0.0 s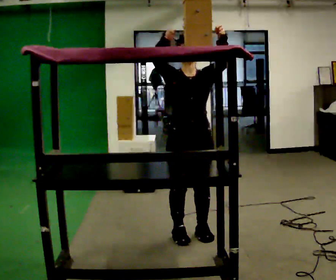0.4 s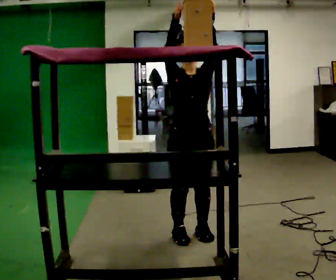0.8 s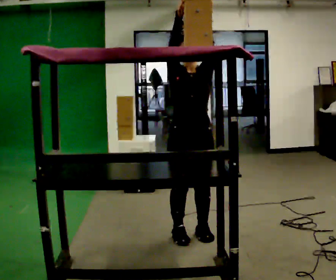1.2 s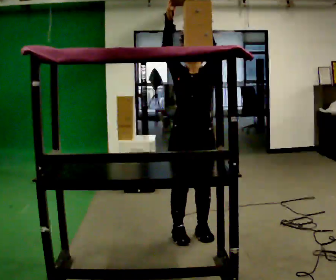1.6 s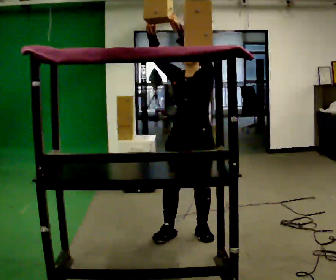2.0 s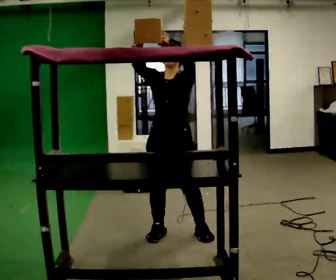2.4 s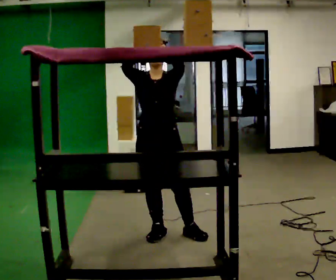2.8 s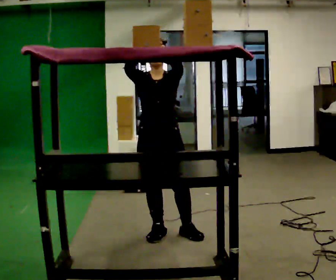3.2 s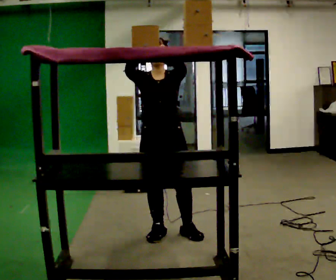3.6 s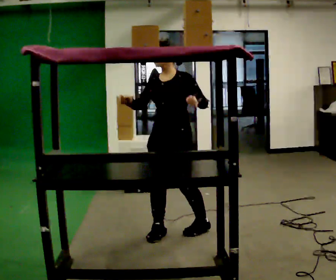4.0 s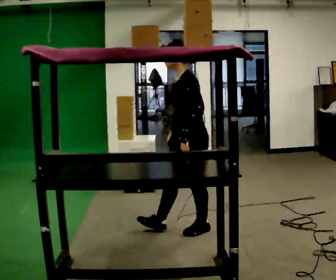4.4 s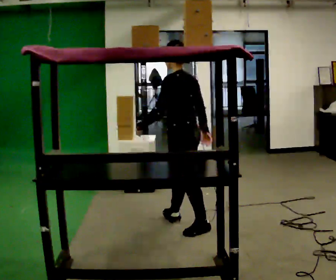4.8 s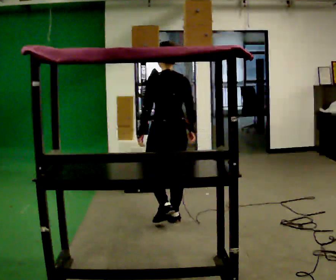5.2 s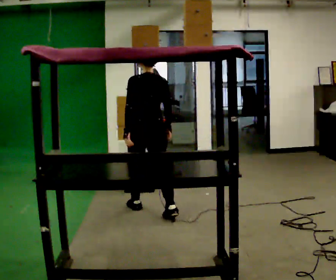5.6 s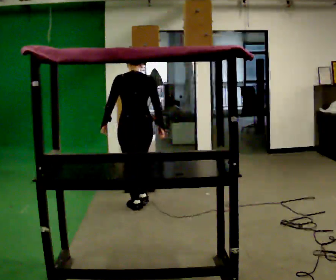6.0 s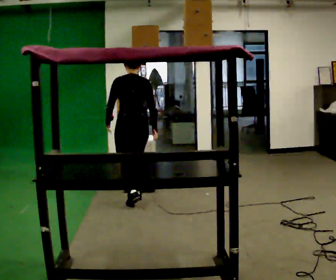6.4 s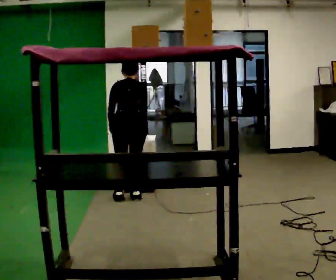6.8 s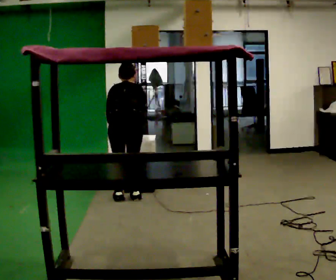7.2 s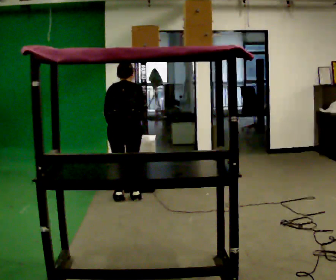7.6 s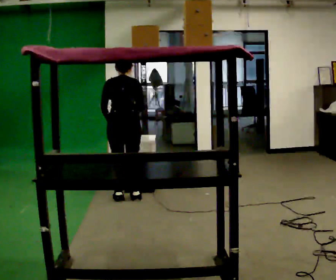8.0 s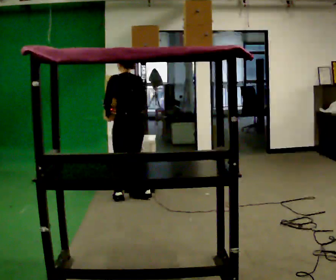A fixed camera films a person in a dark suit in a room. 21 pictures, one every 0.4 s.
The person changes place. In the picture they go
away from the camera.
0.0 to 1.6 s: Seen from above the body turns clockwise, about 30 degrees: to their right, with its near side sliding to the left.
1.6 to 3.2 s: In the picture they go to the left, about 0.25 m, which for them is to their right.
3.2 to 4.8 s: Seen from above the body turns clockwise, about 150 degrees: to their right, with its near side sliding to the left. In the picture they go away from the camera, about 0.5 m in 1 step. In the picture their right hand goes downward.
4.8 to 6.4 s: In the picture they go away from the camera and to the left, about 1 m in 3 steps, which for them is forward. The upper body tips away from the camera, its near side rolling upward, as they bend forward.
6.4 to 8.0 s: Seen from above the body turns counterclockwise, about 30 degrees: to their left, with its near side sliding to the right. The upper body tips toward the camera, its near side rolling downward, as they lean back or straighten.
The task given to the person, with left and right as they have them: Take an object down from the highest shelf you can comfortably reach, carry it across, and place it on the waist-height shelf. Keep going until the operator says stop; one object at a time, and do not rush between trips.
The film runs forward here.
